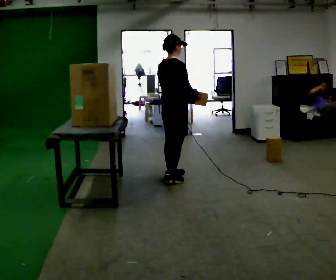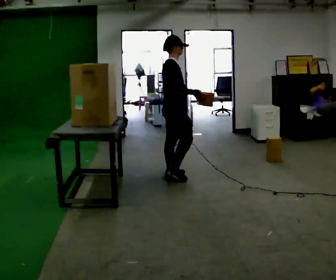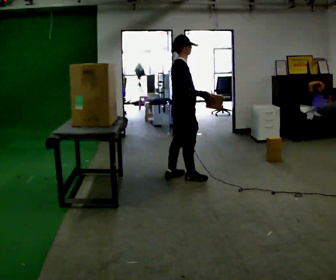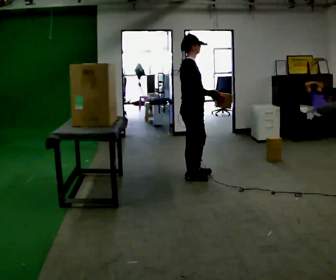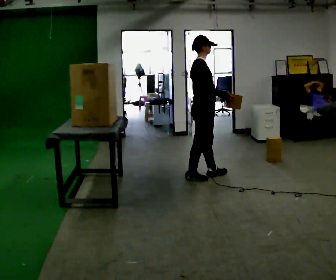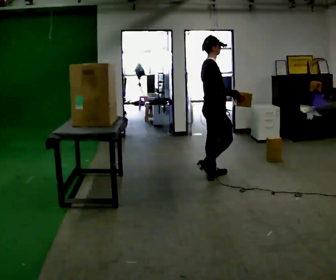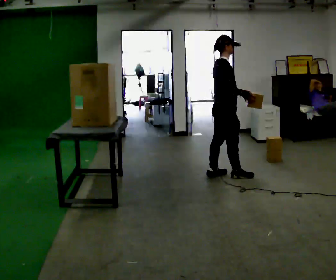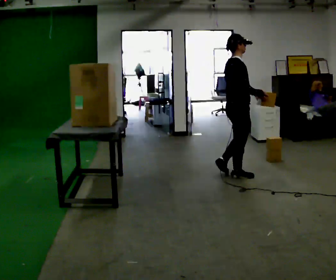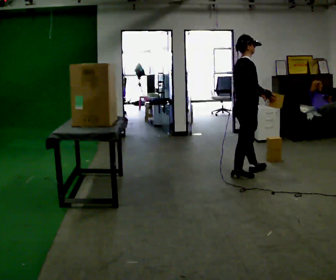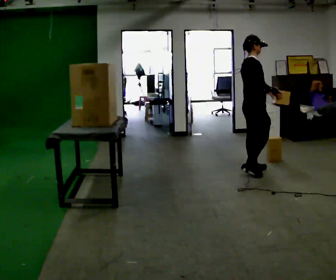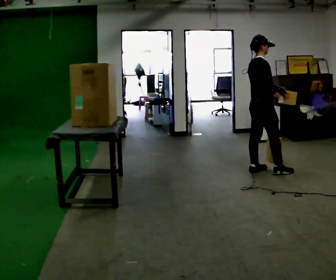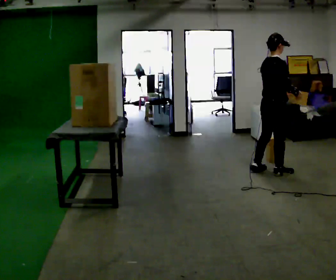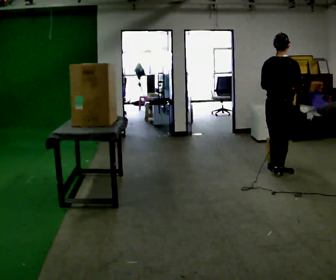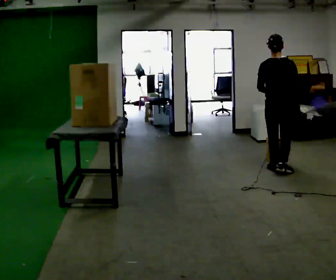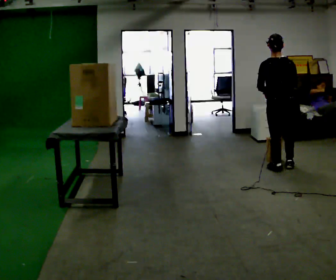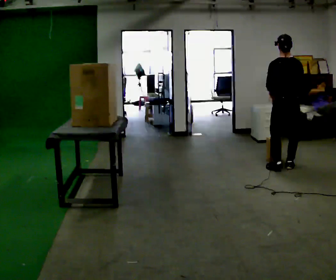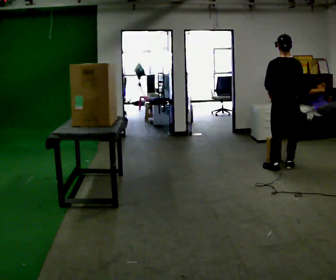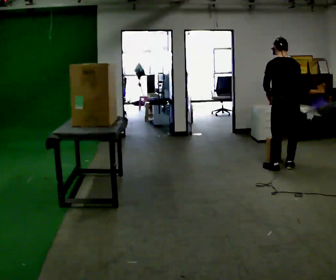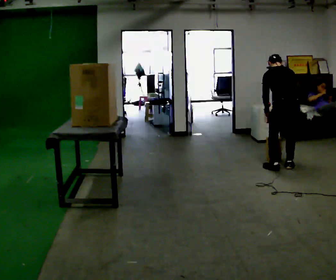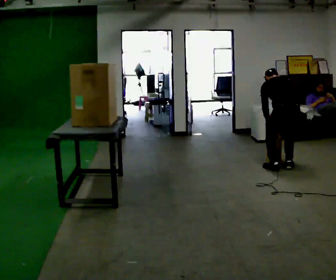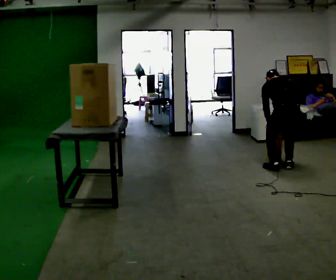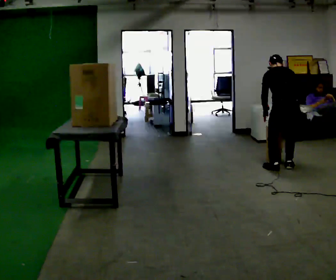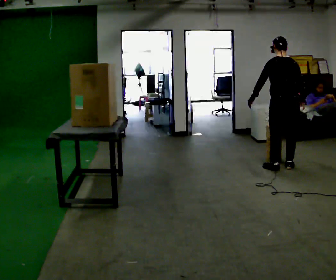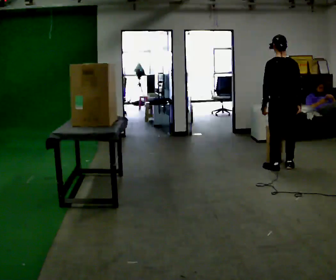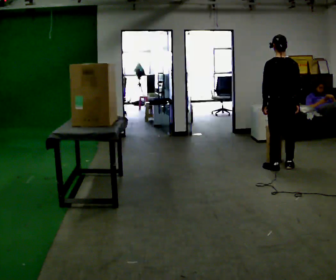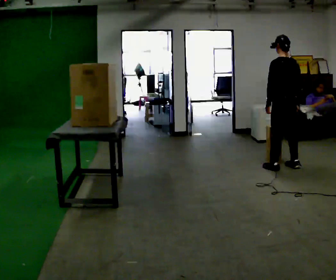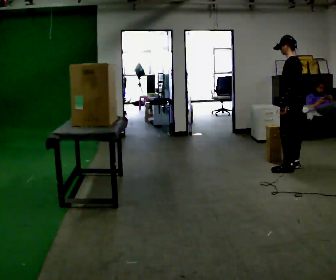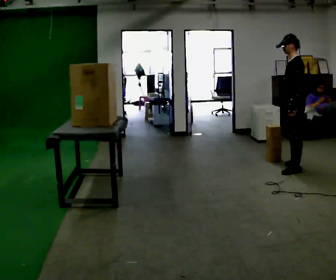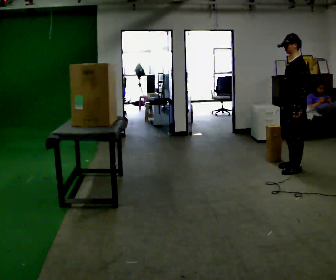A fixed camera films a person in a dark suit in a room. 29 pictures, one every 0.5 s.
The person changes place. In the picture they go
to the right.
0.0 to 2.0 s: Seen from above the body turns clockwise, about 30 degrees: to their right, with its near side sliding to the left. In the picture they go to the right, about 0.25 m in 2 steps, which for them is forward.
2.0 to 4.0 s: In the picture they go to the right, about 0.5 m in 2 steps, which for them is forward.
4.0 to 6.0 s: The part of the body nearest the lens slides to the right as the person turns to their left by about 45 degrees. In the picture they go to the right, about 0.5 m in 2 steps, which for them is forward and to their right.
6.0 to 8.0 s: Seen from above the body turns counterclockwise, about 30 degrees: to their left, with its near side sliding to the right. In the picture they go away from the camera, about 0.25 m in 1 step, which for them is forward and to their right.
8.0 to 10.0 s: The shoulders move downward. The upper body tips away from the camera, its near side rolling upward, as they bend forward. In the picture their right hand goes downward.
10.0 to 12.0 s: The shoulders move upward. The upper body tips toward the camera, its near side rolling downward, as they lean back or straighten.
12.0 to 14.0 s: Seen from above the body turns counterclockwise, about 75 degrees: to their left, with its near side sliding to the right. In the picture they go to the right, about 0.25 m in 1 step.
The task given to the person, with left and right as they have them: Take an object from the lowest shelf, carry it across the room, and place it on the highest shelf you can comfortably reach. Keep going until the operator says stop; one object at a time, and do not rush between trips.
The film runs forward here.
